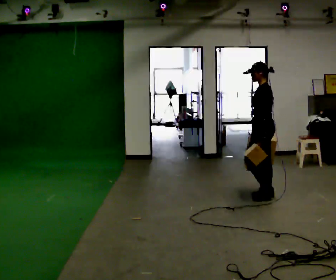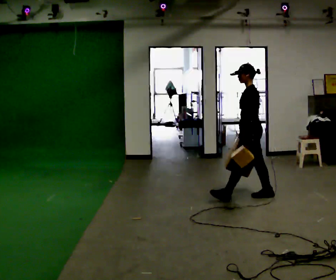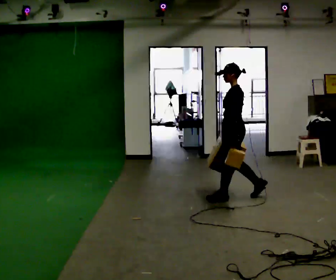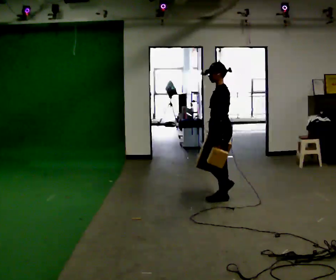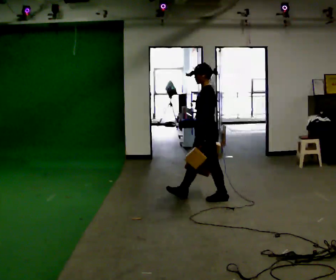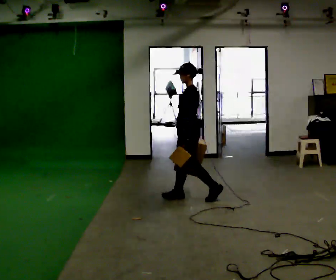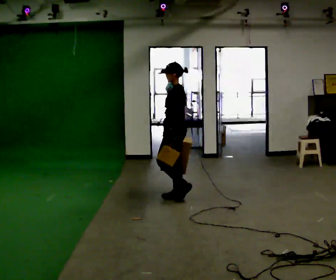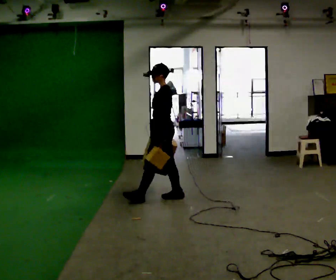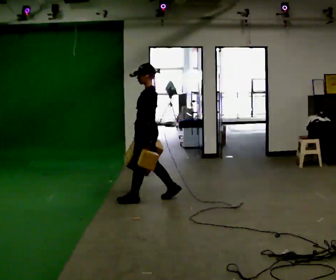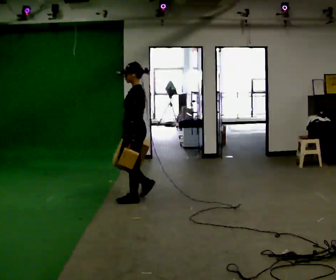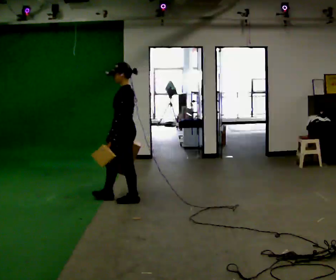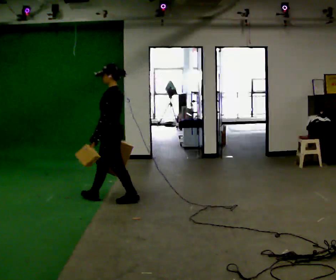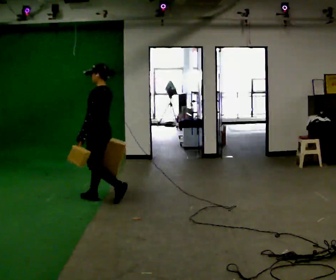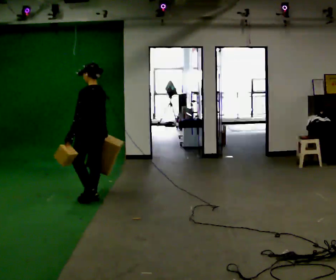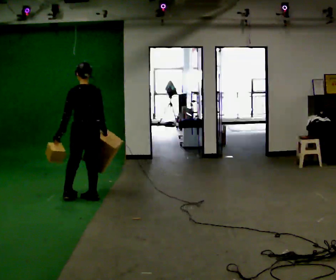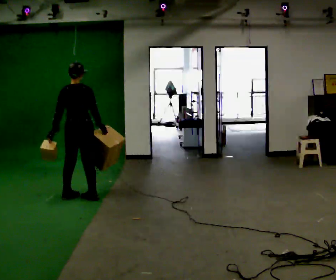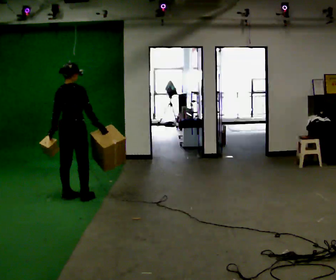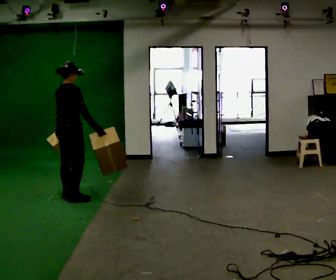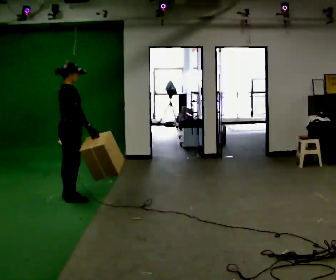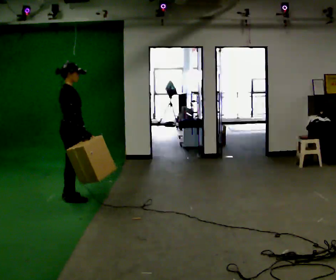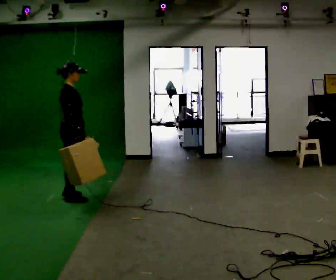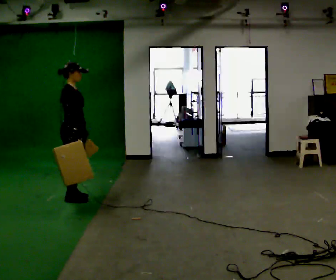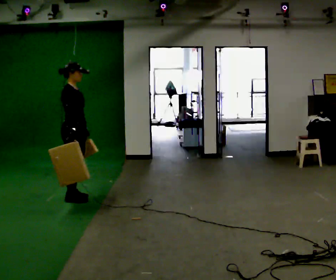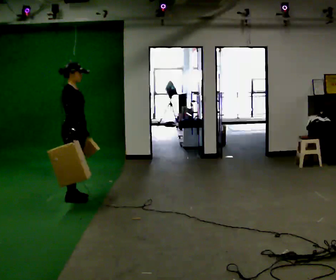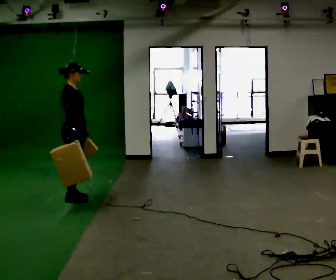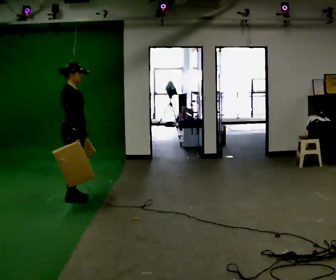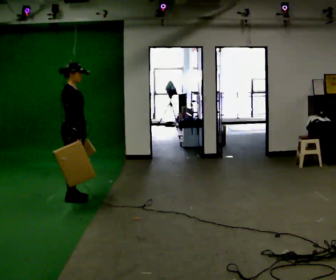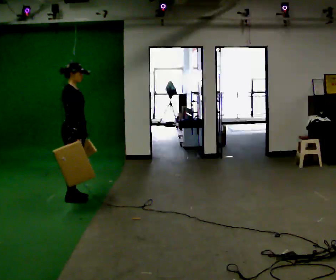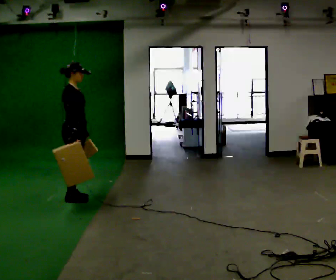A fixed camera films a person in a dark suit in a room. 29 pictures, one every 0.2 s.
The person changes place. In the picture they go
to the left.
The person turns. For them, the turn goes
to their right.
0.0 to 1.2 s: In the picture they go to the left, about 1 m in 2 steps, which for them is forward.
1.2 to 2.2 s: In the picture they go to the left, about 0.5 m in 2 steps, which for them is forward.
2.2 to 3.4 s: Seen from above the body turns clockwise, about 135 degrees: to their right, with its near side sliding to the left. In the picture they go to the left, about 0.5 m in 1 step.
3.4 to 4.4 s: The part of the body nearest the lens slides to the left as the person turns to their right by about 45 degrees.
4.4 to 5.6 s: The person moves a little, or ends about where they began.
The film runs forward here.
